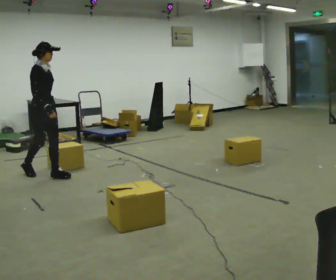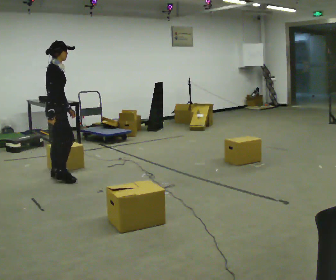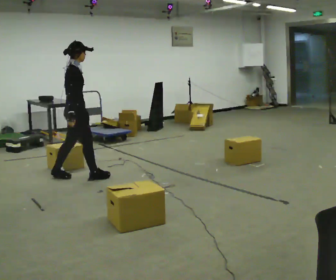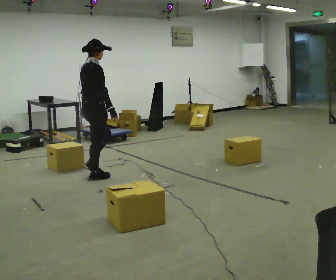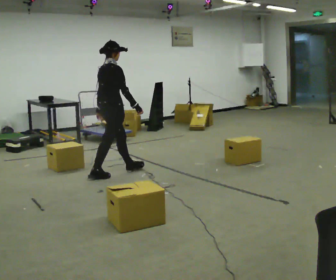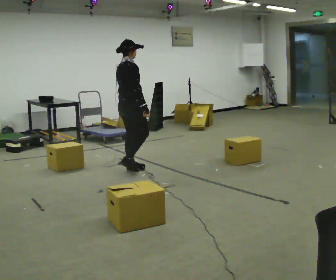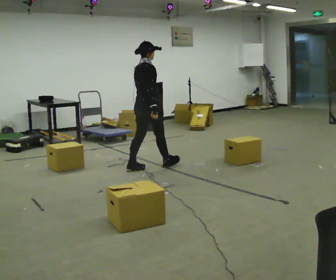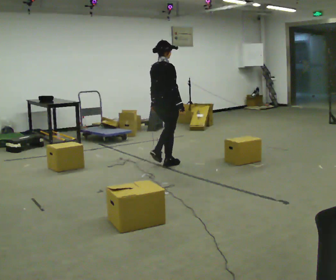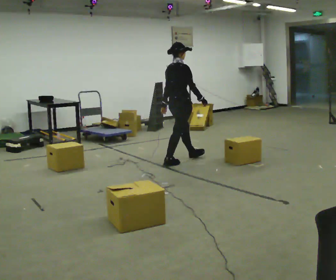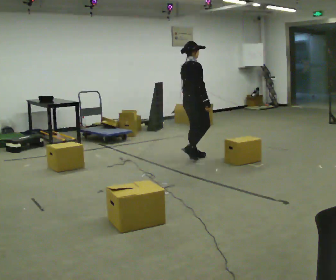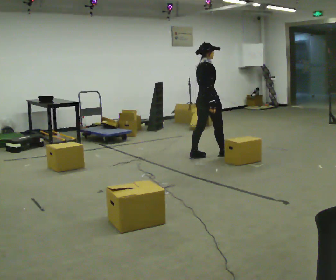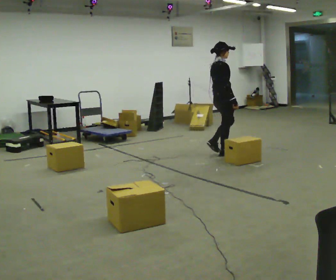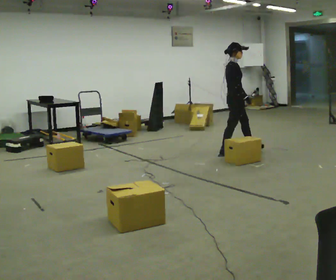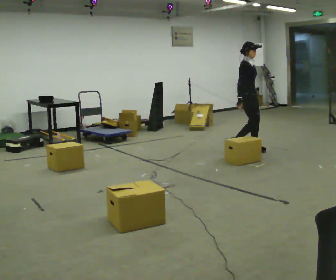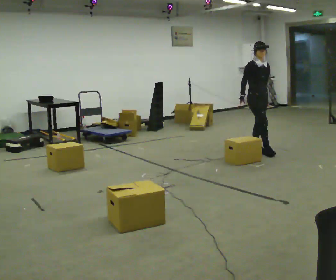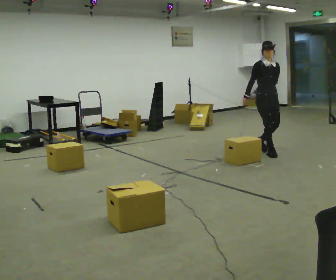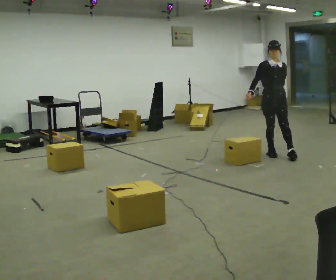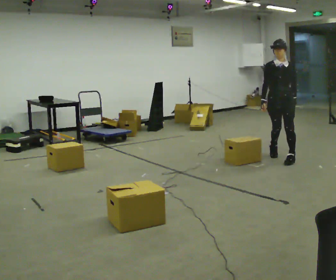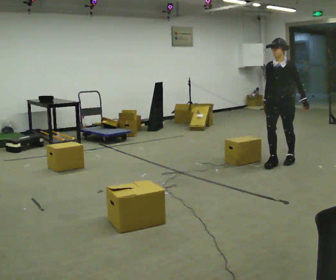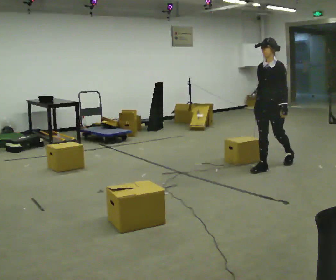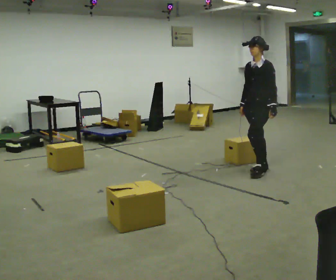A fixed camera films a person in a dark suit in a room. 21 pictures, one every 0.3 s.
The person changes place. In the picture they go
to the right.
0.0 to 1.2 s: The person turns about 45 degrees to their left, counterclockwise seen from above, so the part of the body nearest the lens slides to the right. In the picture they go to the right, about 1 m in 2 steps, which for them is forward.
1.2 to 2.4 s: In the picture they go to the right and away from the camera, about 1 m in 2 steps, which for them is forward.
2.4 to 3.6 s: The person turns about 45 degrees to their right, clockwise seen from above, so the part of the body nearest the lens slides to the left. In the picture they go to the right and away from the camera, about 1 m in 1 step, which for them is forward.
3.6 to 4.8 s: The part of the body nearest the lens slides to the left as the person turns to their right by about 90 degrees. In the picture they go to the right and toward the camera, about 0.5 m in 2 steps.
4.8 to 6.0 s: Seen from above the body turns clockwise, about 60 degrees: to their right, with its near side sliding to the left. In the picture they go toward the camera and to the left, about 0.5 m in 2 steps, which for them is forward.
The film runs forward here.
